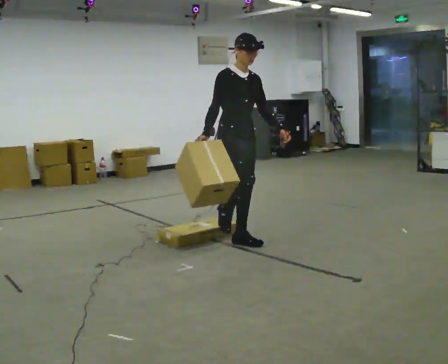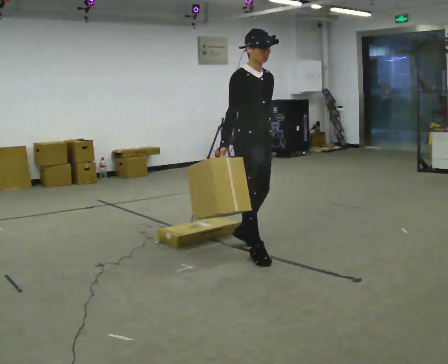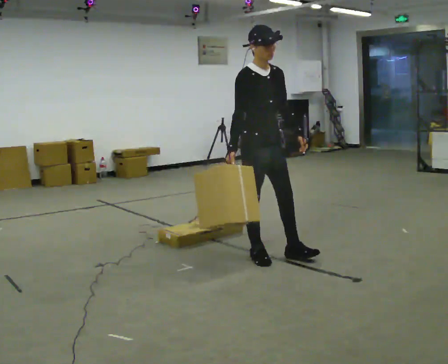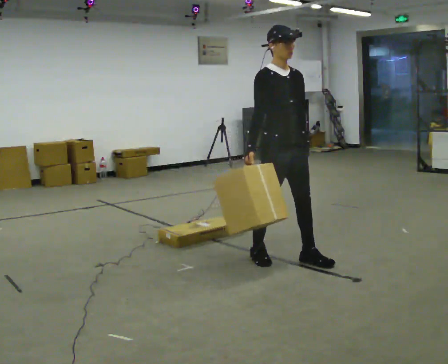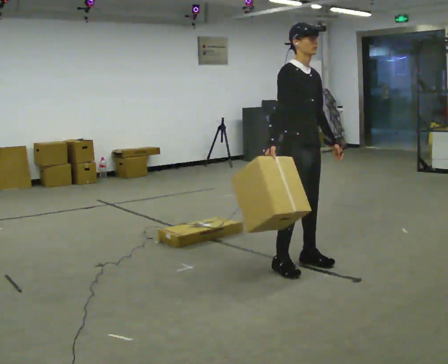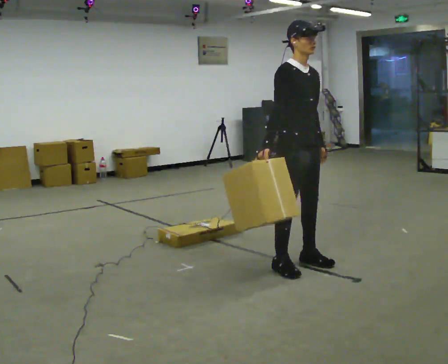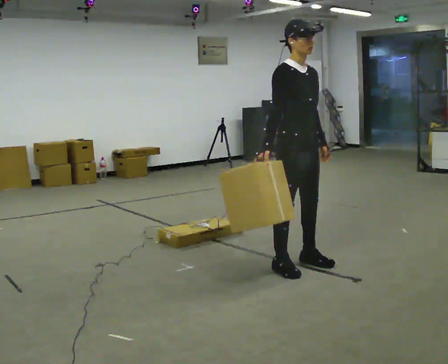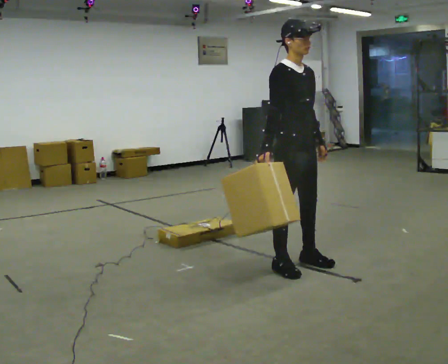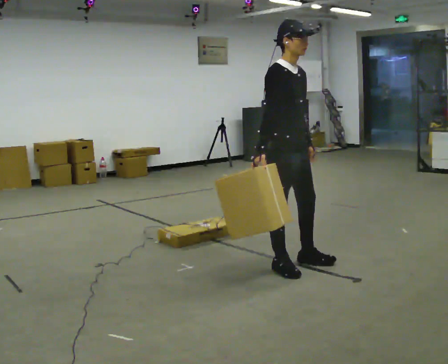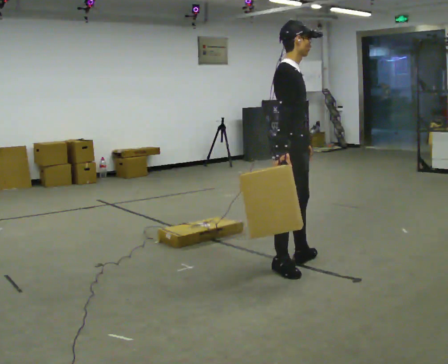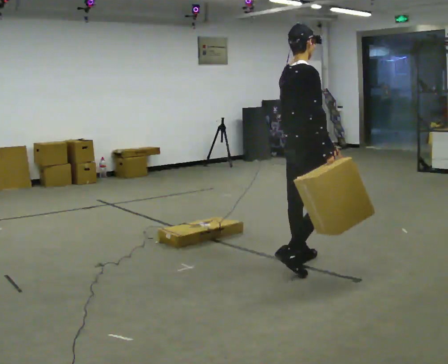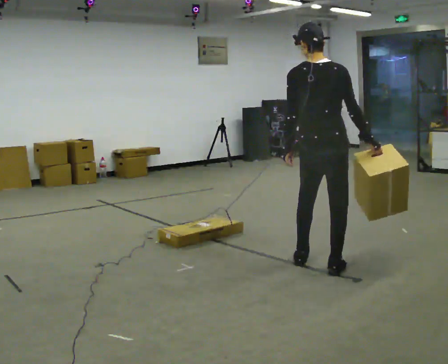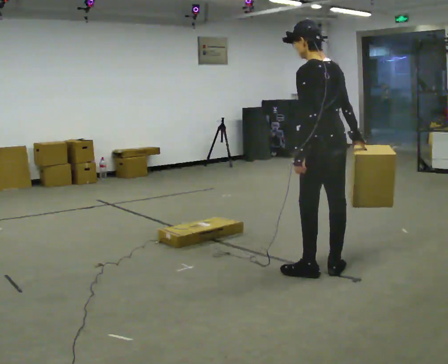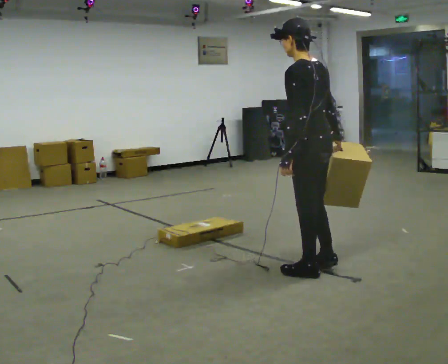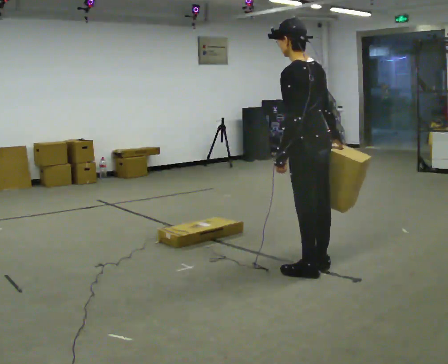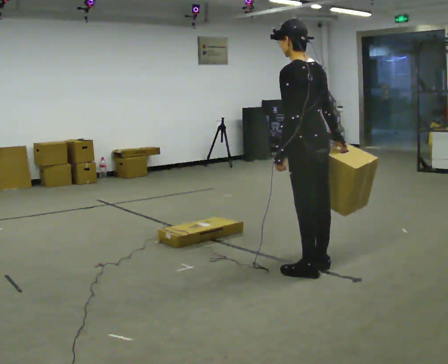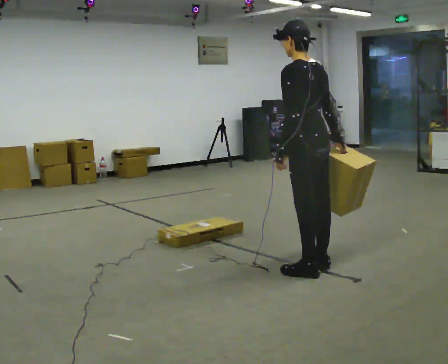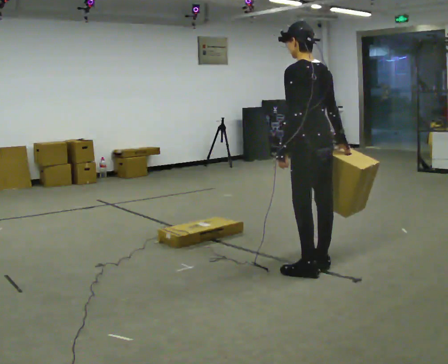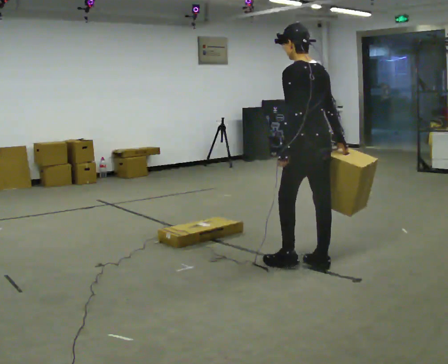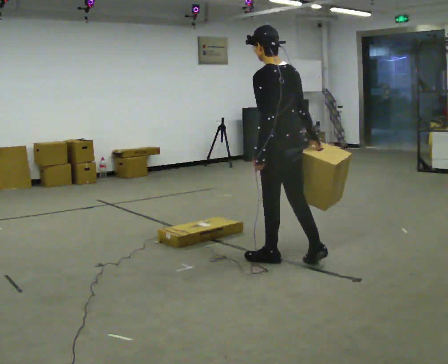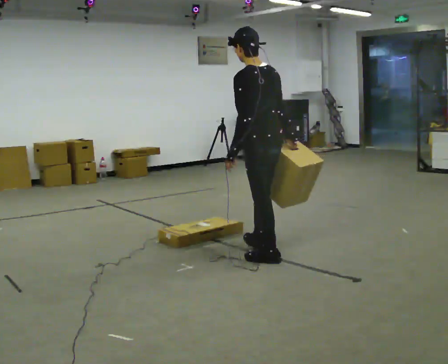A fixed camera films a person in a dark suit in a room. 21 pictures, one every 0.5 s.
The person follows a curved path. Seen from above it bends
counterclockwise.
0.0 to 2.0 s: In the picture they go to the right and toward the camera, about 0.5 m in 3 steps, which for them is forward.
2.0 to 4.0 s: The person moves a little, or ends about where they began.
4.0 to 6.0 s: Seen from above the body turns counterclockwise, about 165 degrees: to their left, with its near side sliding to the right. In the picture they go to the right, about 0.25 m in 2 steps.
6.0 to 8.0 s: The person moves a little, or ends about where they began.
8.0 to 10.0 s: In the picture they go to the left and away from the camera, about 0.5 m in 1 step, which for them is forward.
The film runs forward here.
